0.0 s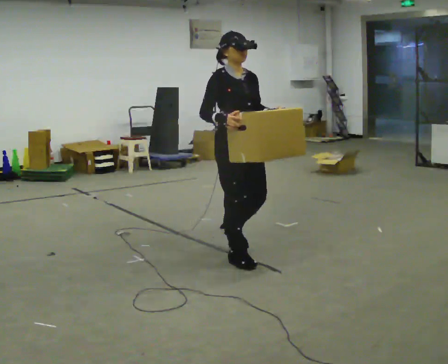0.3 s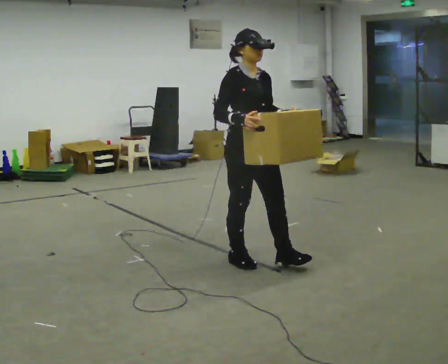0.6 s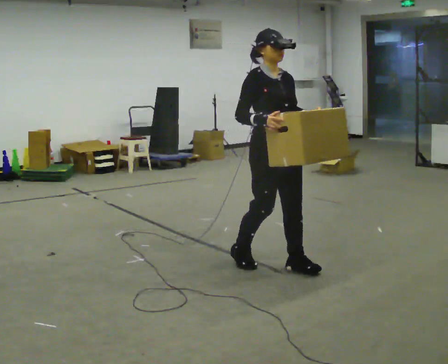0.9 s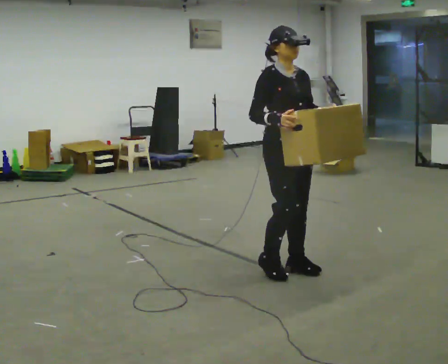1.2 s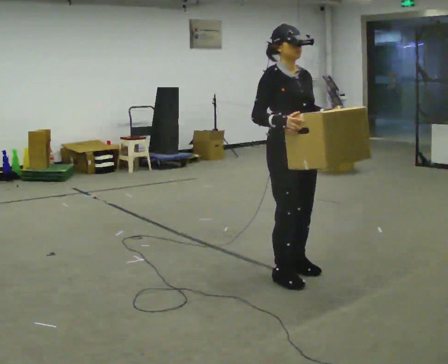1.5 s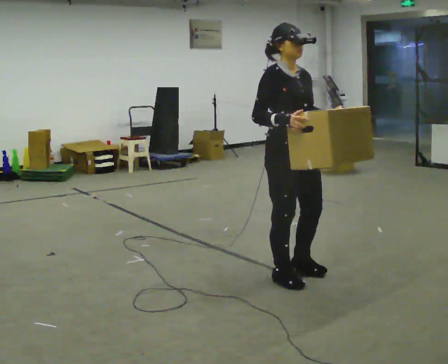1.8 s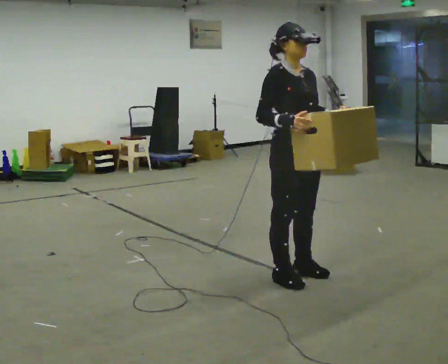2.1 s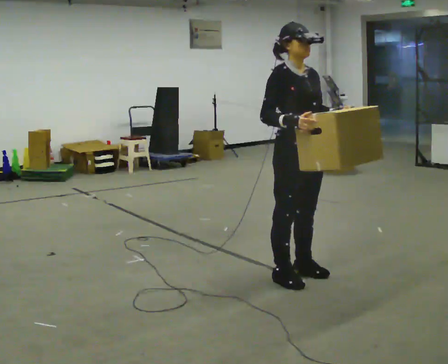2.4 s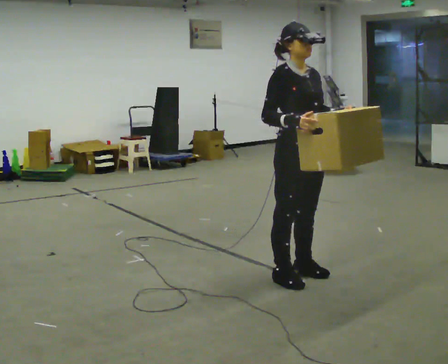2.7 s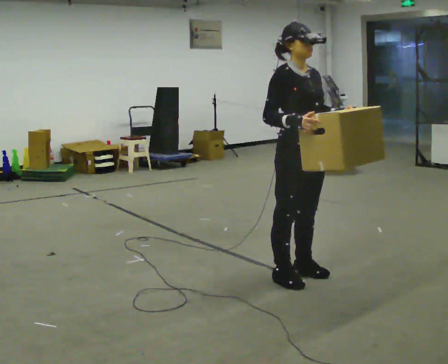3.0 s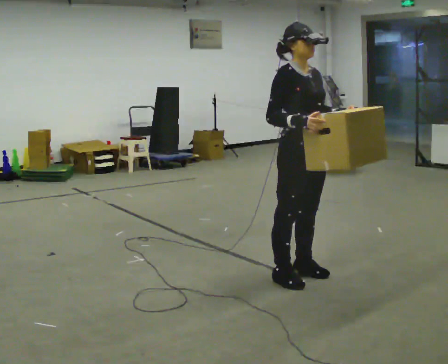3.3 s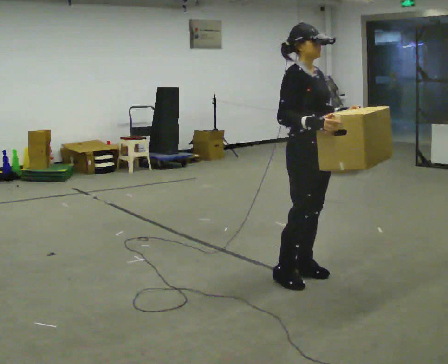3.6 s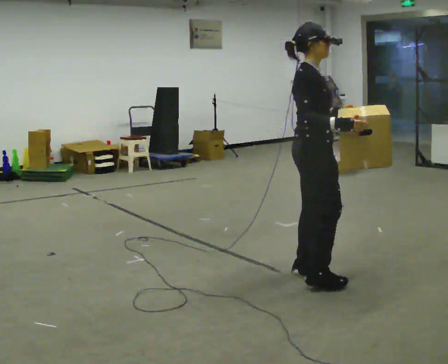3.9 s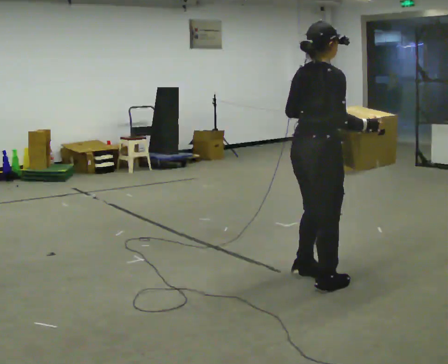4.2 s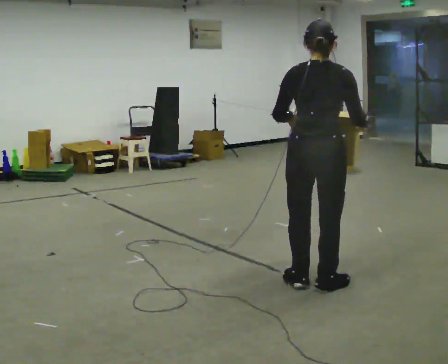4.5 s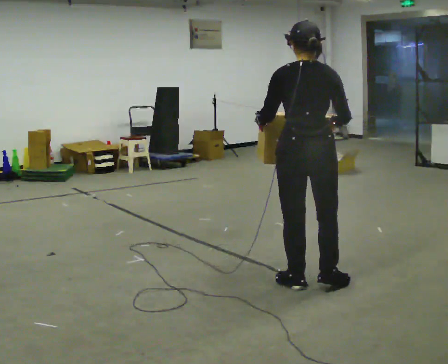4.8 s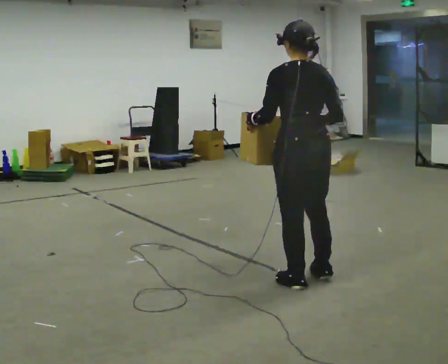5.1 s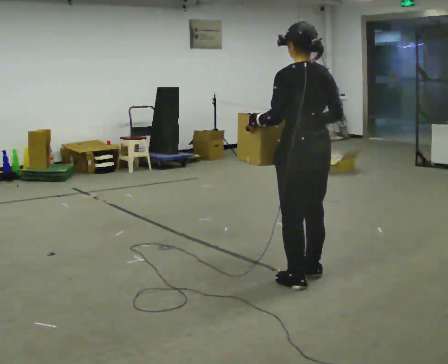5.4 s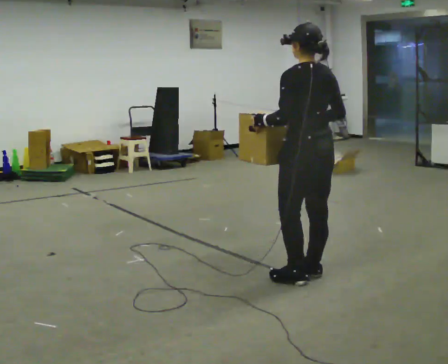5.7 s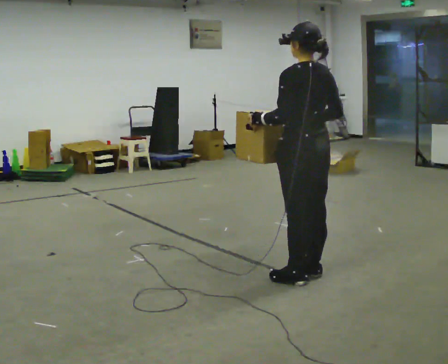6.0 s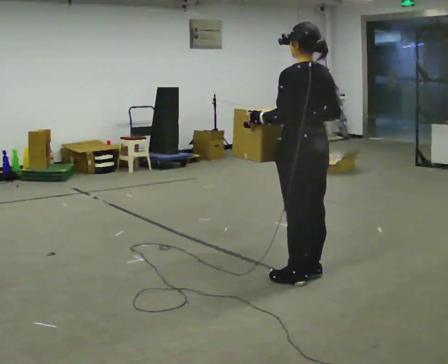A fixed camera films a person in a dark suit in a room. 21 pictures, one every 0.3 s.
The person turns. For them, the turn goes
to their left.
The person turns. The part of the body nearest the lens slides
to the right.
0.0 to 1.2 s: In the picture they go to the right and toward the camera, about 0.5 m in 2 steps, which for them is forward.
1.2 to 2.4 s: The person moves a little, or ends about where they began.
2.4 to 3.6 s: Seen from above the body turns counterclockwise, about 45 degrees: to their left, with its near side sliding to the right.
3.6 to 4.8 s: The part of the body nearest the lens slides to the right as the person turns to their left by about 120 degrees. In the picture they go toward the camera, about 0.25 m in 2 steps. In the picture their left hand goes to the left.
4.8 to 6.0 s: The person moves a little, or ends about where they began.
The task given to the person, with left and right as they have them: Carry the box across the room as briskly as you comfortably can, back and forth. Do not run.
The film runs forward here.
